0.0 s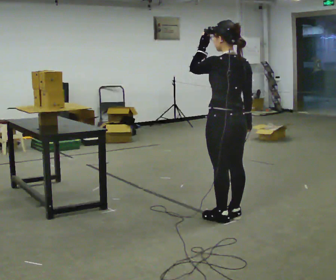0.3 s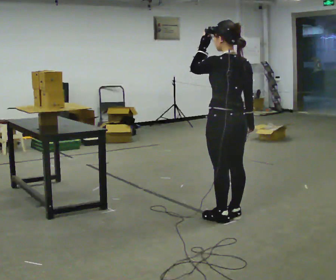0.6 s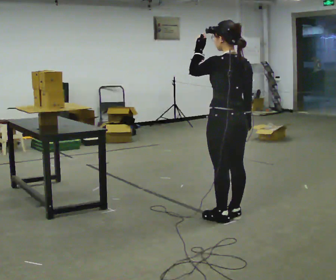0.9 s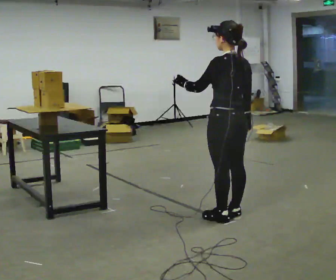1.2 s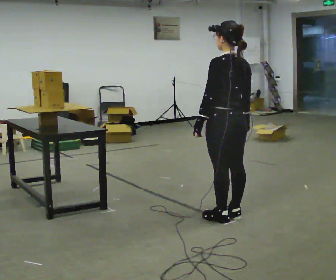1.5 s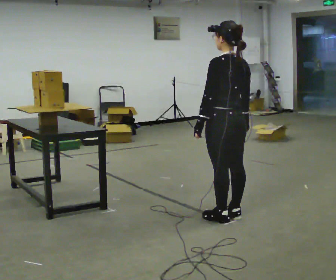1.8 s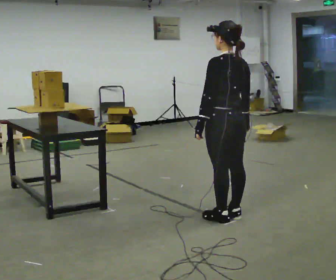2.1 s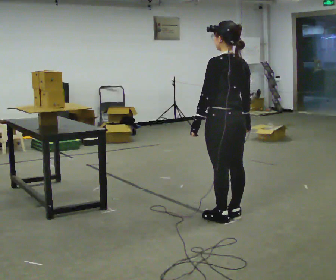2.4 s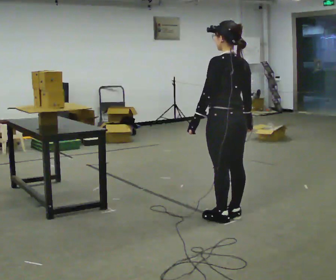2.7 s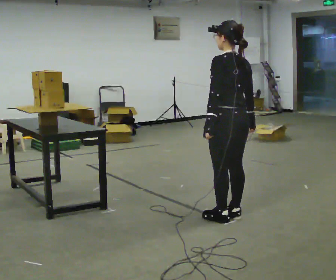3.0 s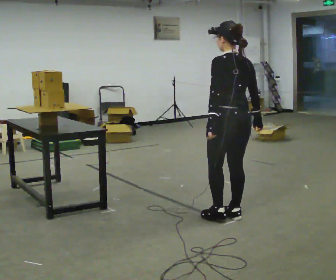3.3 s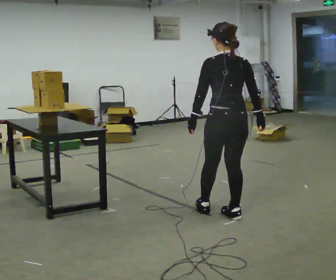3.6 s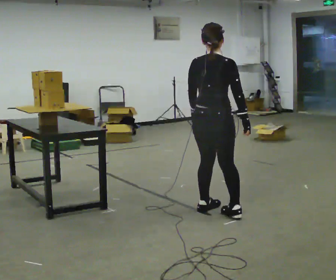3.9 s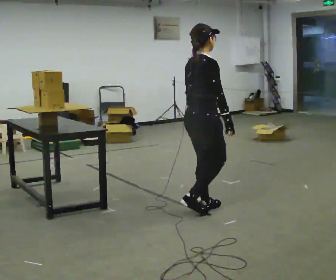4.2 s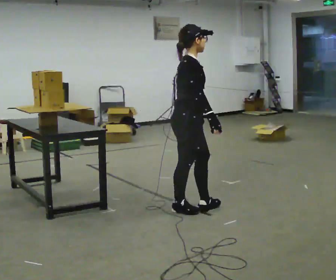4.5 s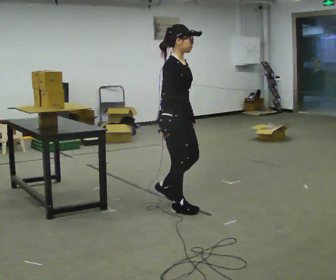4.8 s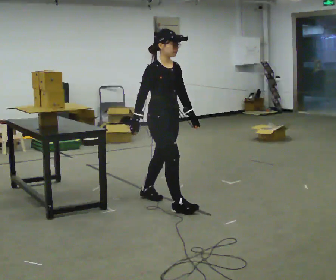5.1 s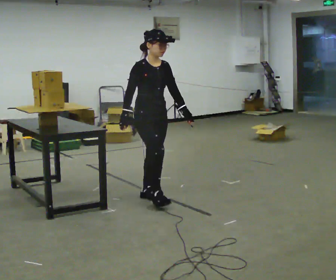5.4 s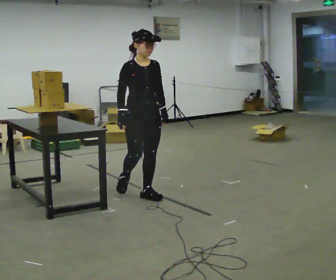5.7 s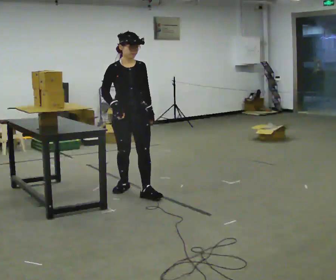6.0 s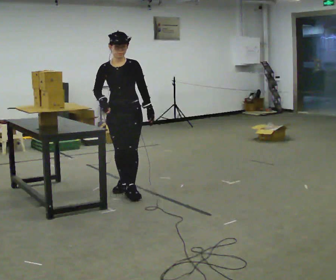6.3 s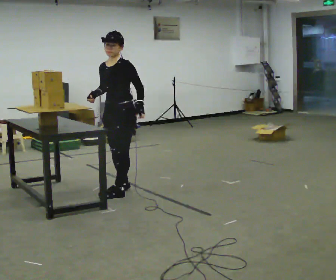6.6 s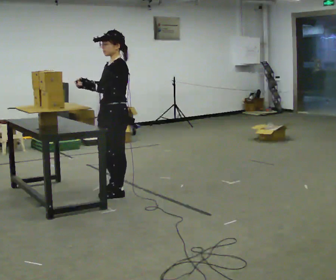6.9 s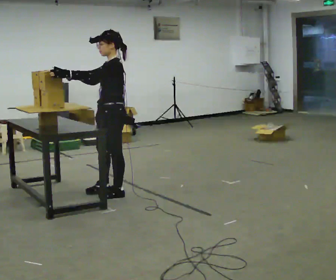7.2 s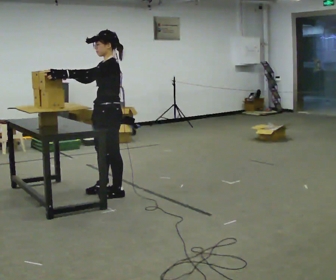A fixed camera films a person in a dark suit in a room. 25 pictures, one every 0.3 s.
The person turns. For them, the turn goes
to their right.
The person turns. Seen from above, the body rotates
clockwise.
0.0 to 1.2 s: In the picture their left hand goes downward.
1.2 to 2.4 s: The person moves a little, or ends about where they began.
2.4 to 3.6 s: The person turns about 60 degrees to their right, clockwise seen from above, so the part of the body nearest the lens slides to the left.
3.6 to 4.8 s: Seen from above the body turns clockwise, about 105 degrees: to their right, with its near side sliding to the left. In the picture they go to the left and away from the camera, about 0.5 m in 2 steps.
4.8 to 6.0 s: Seen from above the body turns clockwise, about 60 degrees: to their right, with its near side sliding to the left. In the picture they go away from the camera and to the left, about 0.5 m in 2 steps, which for them is backward.
6.0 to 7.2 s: Seen from above the body turns clockwise, about 75 degrees: to their right, with its near side sliding to the left. In the picture their left hand goes to the left and upward.
The film runs backward here.
